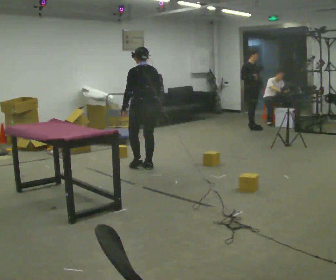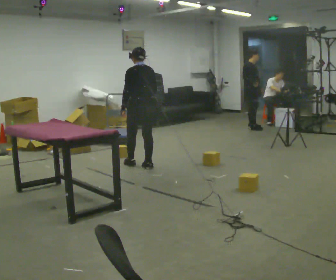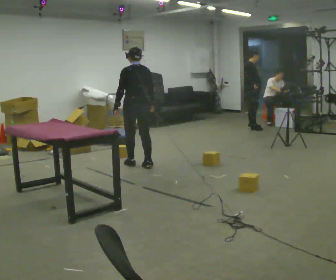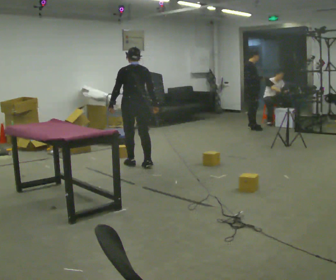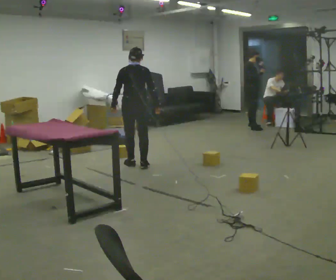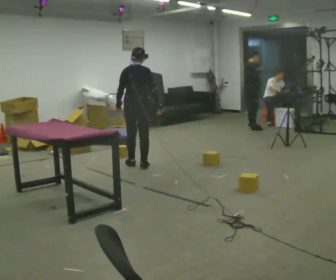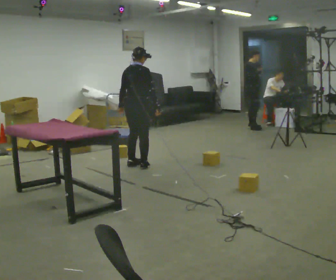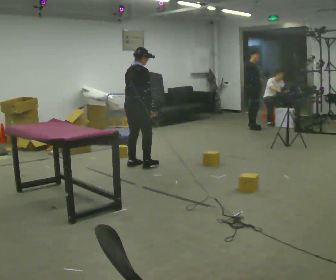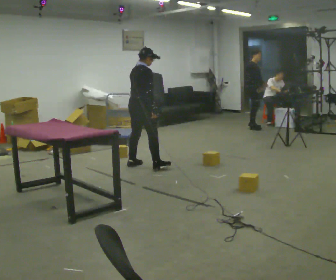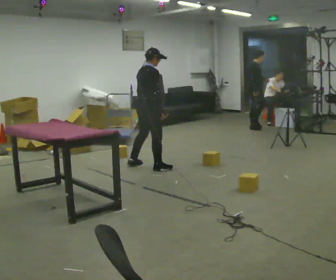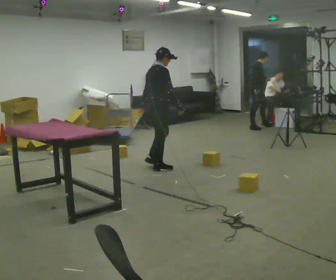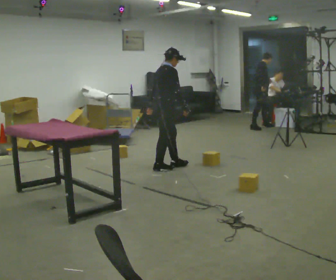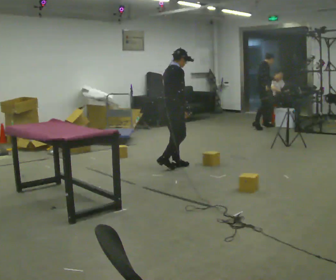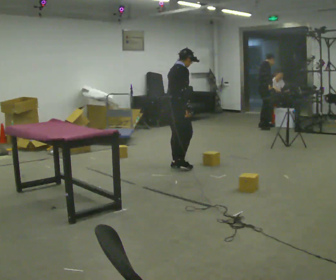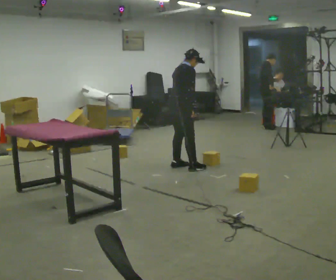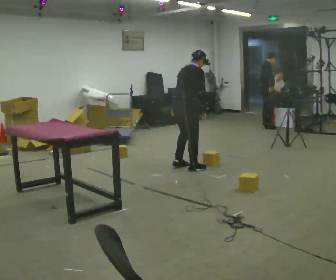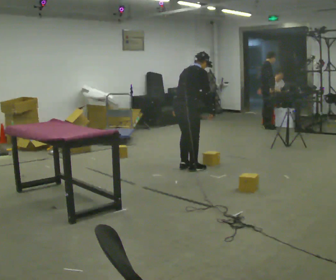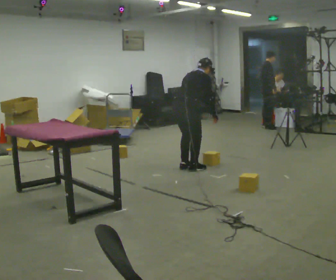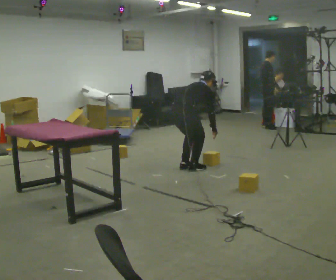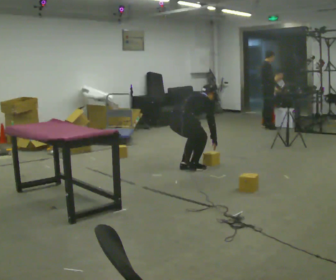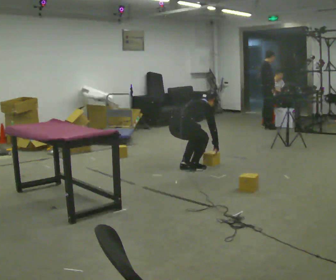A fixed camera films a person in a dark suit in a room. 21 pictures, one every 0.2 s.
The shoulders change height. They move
downward.
The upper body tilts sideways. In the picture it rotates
clockwise.
0.0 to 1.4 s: The person turns about 75 degrees to their right, clockwise seen from above, so the part of the body nearest the lens slides to the left.
1.4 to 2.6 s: In the picture they go to the right, about 0.5 m in 2 steps, which for them is forward and to their right.
2.6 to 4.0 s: In the picture they go toward the camera, about 0.25 m in 2 steps, which for them is to their right. The upper body goes downward. In the picture the upper body tilts clockwise, shoulders to the right, as they bend forward. In the picture their right hand goes downward and to the right.
The film runs forward here.
